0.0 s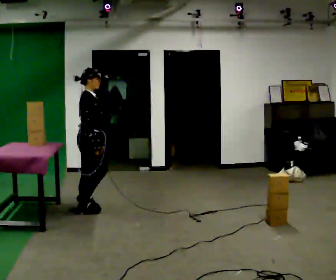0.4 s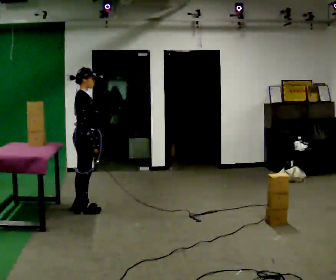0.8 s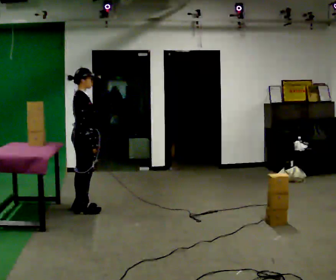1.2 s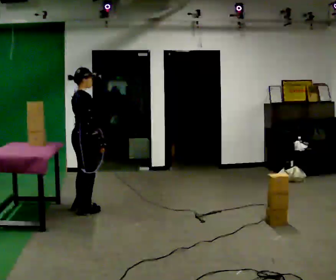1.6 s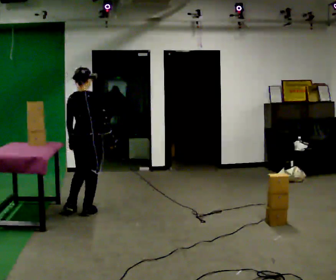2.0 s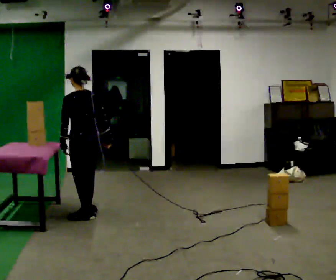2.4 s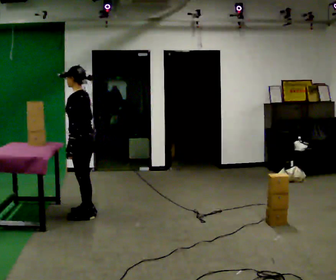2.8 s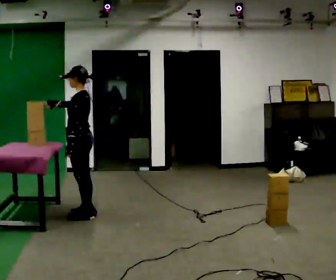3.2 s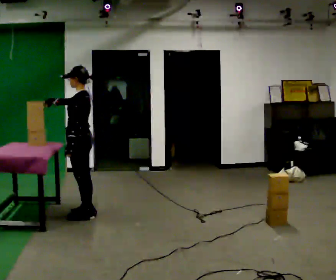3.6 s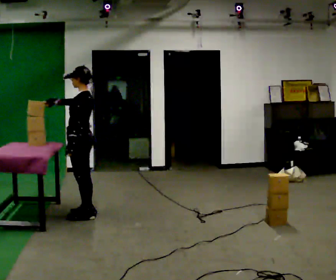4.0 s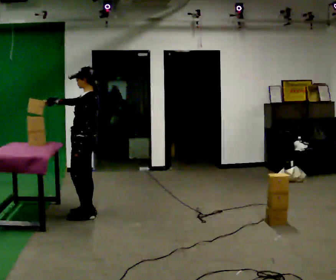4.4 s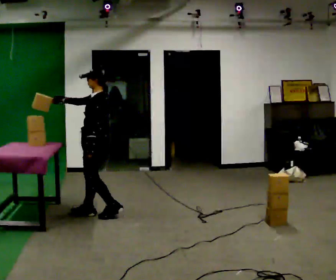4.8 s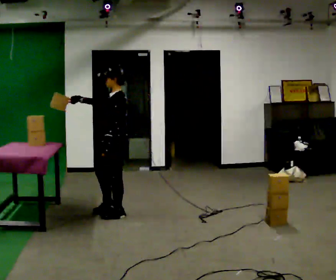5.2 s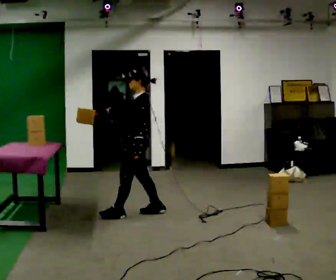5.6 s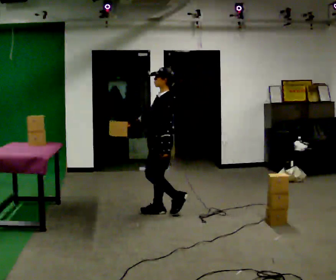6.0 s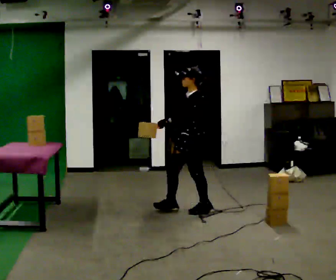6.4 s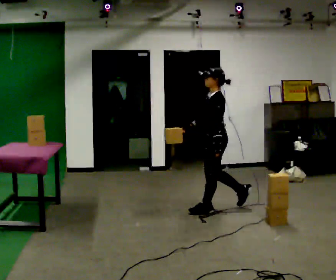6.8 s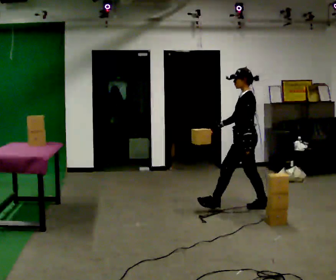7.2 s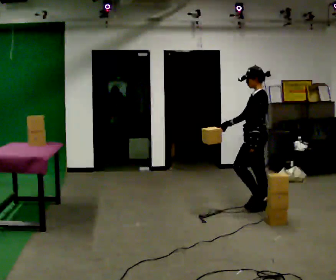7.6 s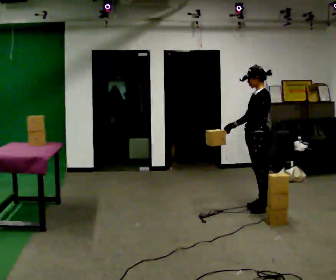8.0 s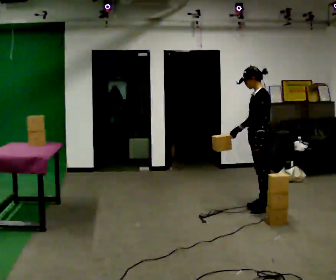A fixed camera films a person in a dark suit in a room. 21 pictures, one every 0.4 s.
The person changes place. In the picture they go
to the right.
The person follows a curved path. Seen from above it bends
counterclockwise.
0.0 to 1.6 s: The person turns about 60 degrees to their left, counterclockwise seen from above, so the part of the body nearest the lens slides to the right.
1.6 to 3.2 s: The part of the body nearest the lens slides to the right as the person turns to their left by about 105 degrees. In the picture their right hand goes to the left and upward.
3.2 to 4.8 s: In the picture they go to the right, about 0.25 m in 2 steps, which for them is backward.
4.8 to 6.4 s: In the picture they go to the right, about 1 m in 2 steps, which for them is backward.
6.4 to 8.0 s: In the picture they go to the right, about 0.5 m in 1 step, which for them is backward.
The film runs backward here.
